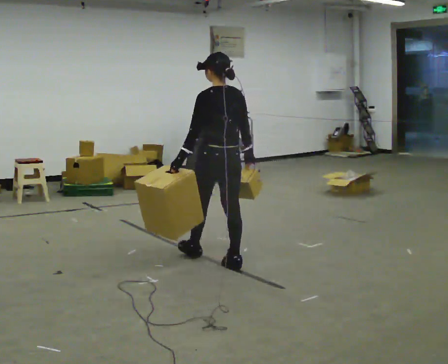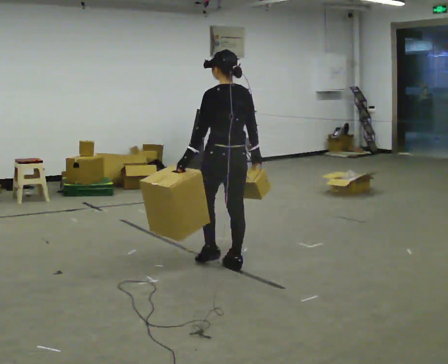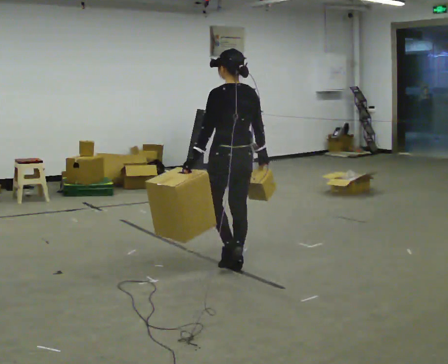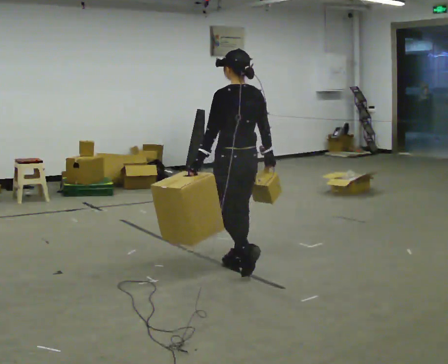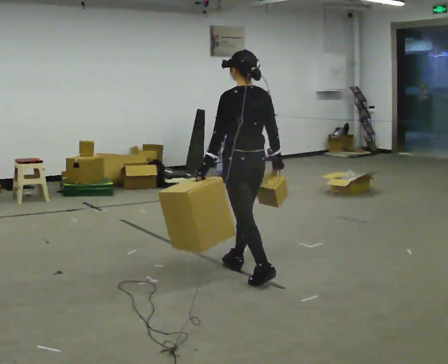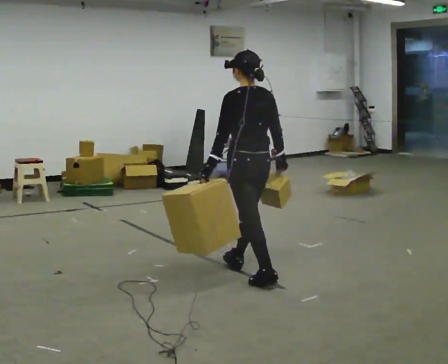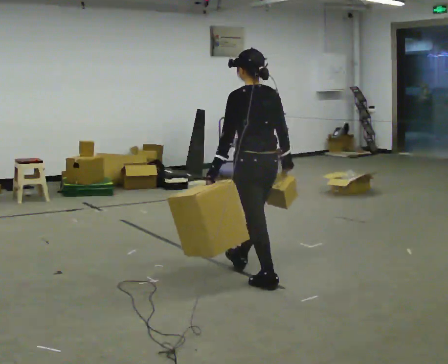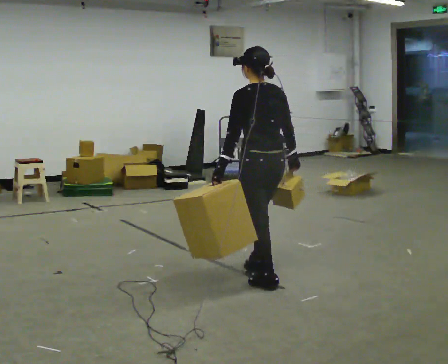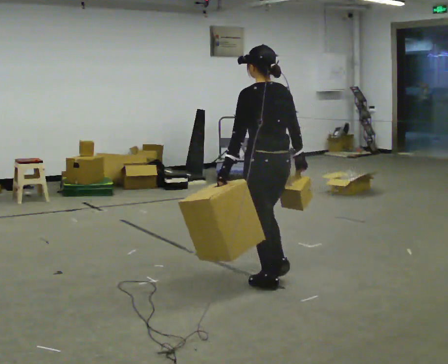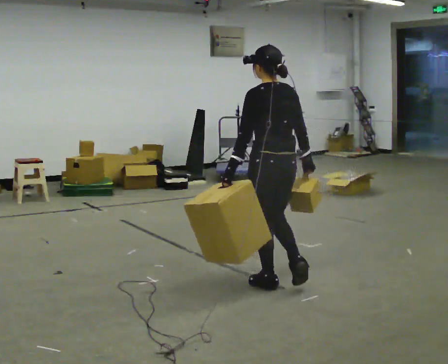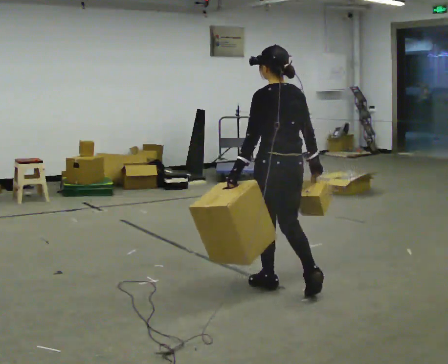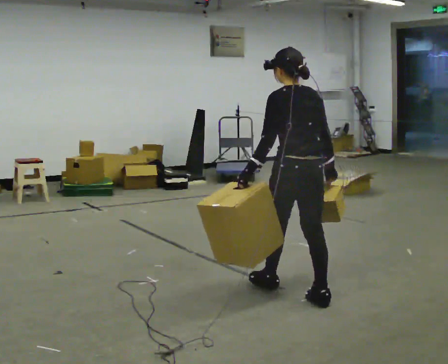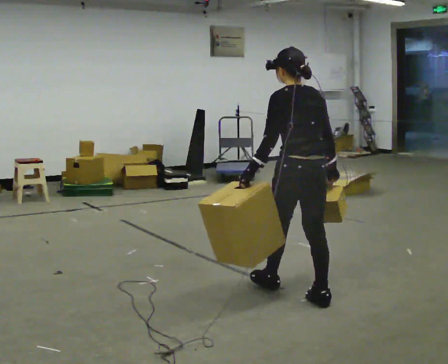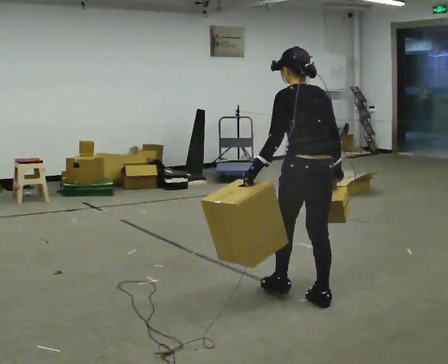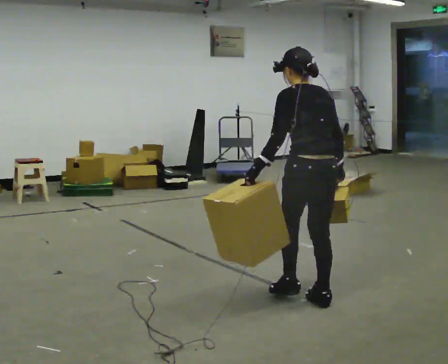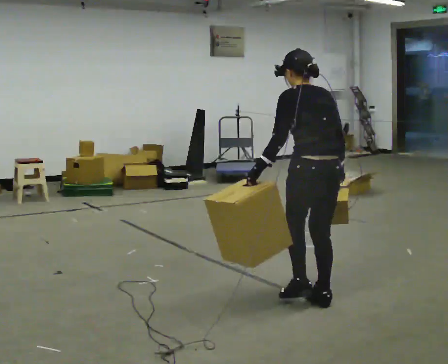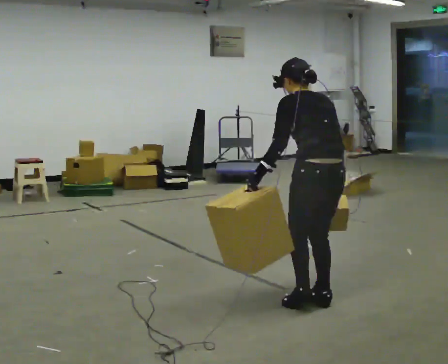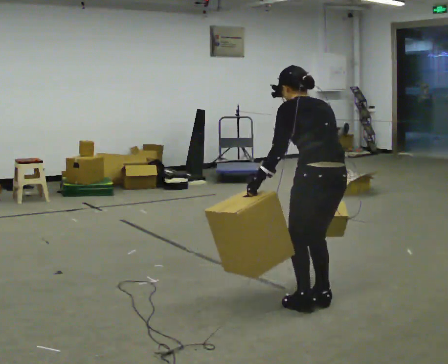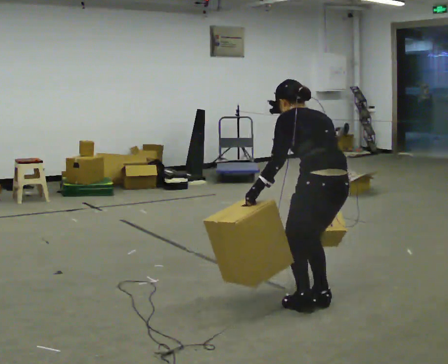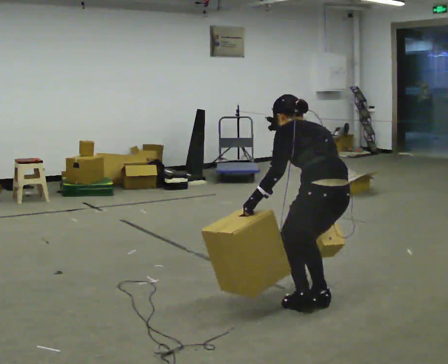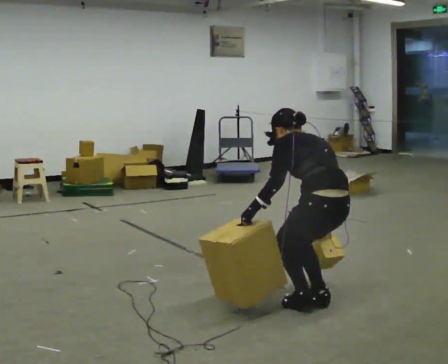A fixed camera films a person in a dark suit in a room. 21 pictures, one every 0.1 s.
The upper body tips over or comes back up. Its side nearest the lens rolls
upward.
The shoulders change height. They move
downward.
0.0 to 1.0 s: In the picture they go toward the camera and to the right, about 0.5 m in 1 step, which for them is backward.
1.0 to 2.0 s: In the picture they go toward the camera and to the right, about 0.5 m in 1 step, which for them is backward. The shoulders move downward. The upper body tips away from the camera, its near side rolling upward, as they bend forward.
The film runs backward here.
